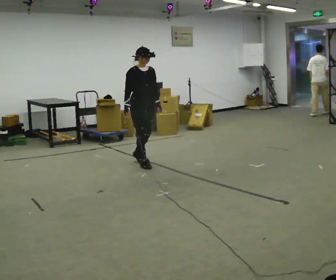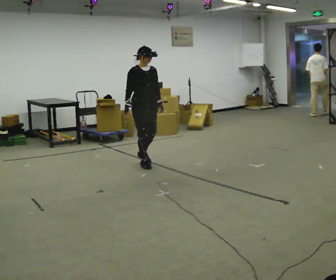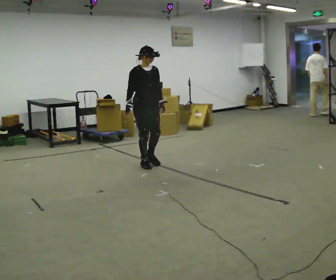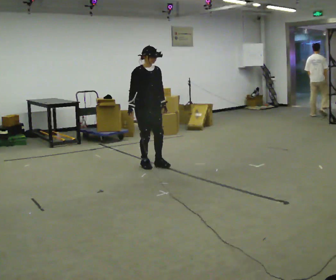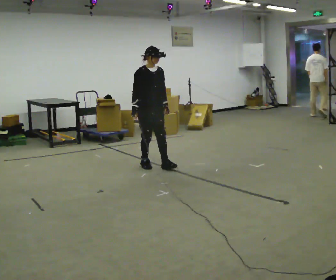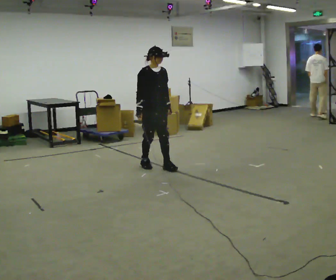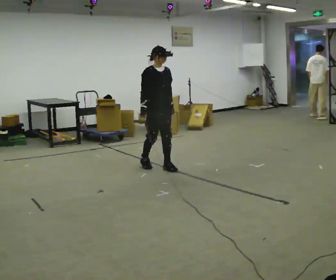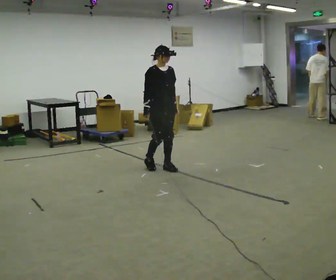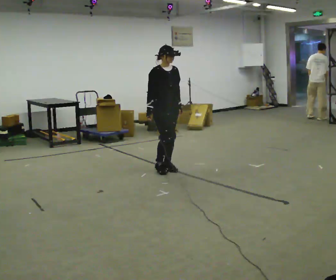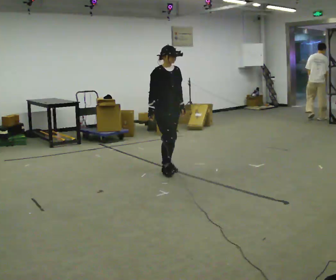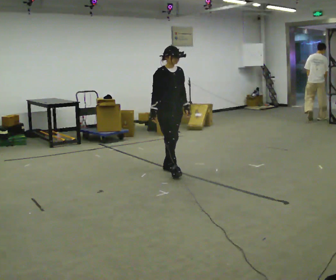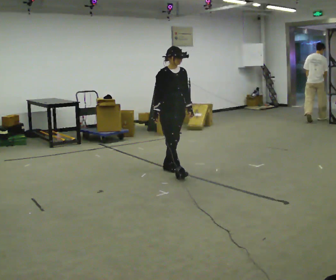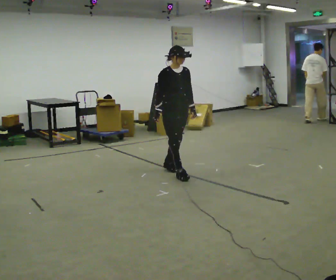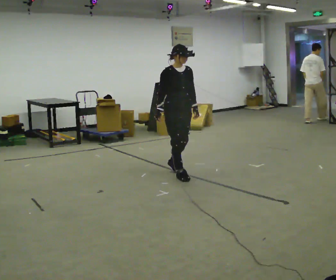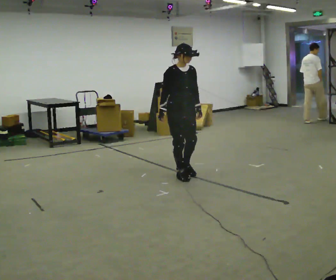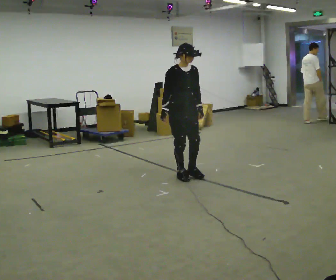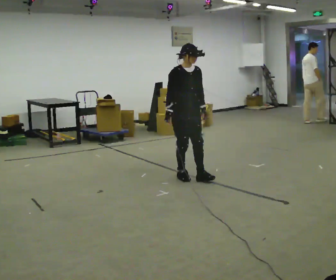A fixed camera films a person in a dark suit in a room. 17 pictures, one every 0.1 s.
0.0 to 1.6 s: In the picture they go toward the camera and to the right, about 1 m in 2 steps, which for them is forward.
The film runs backward here.
